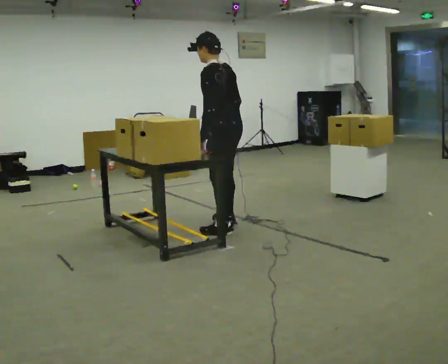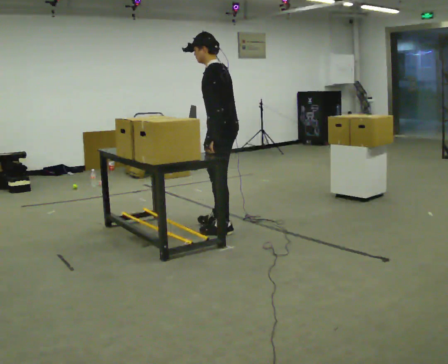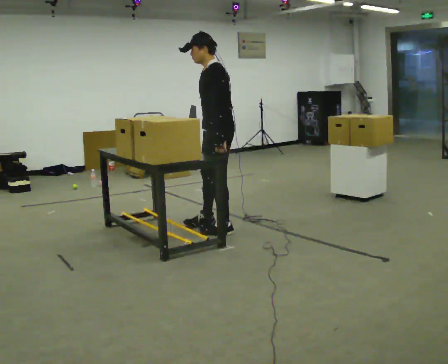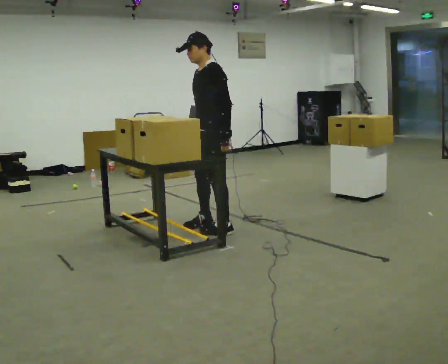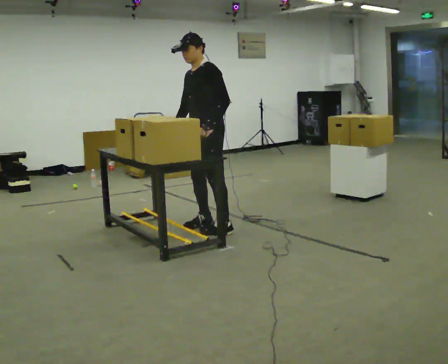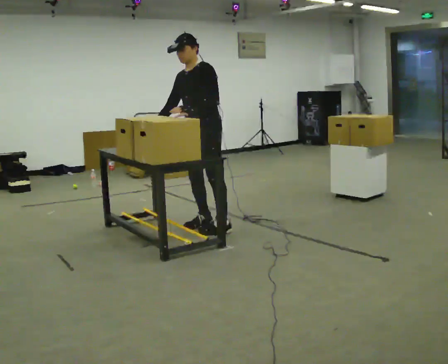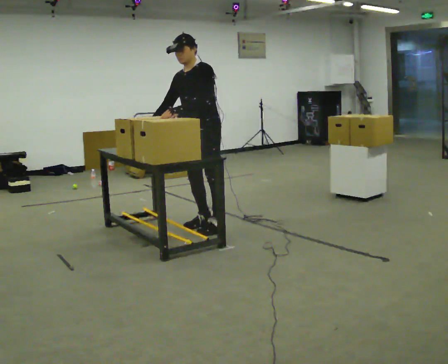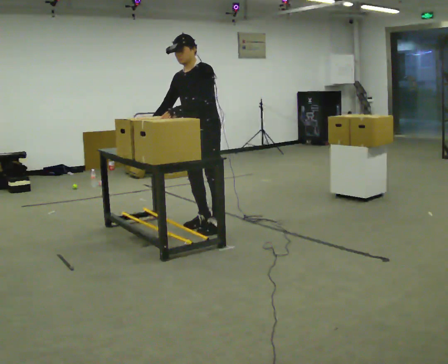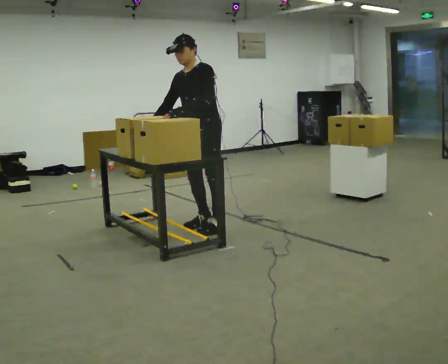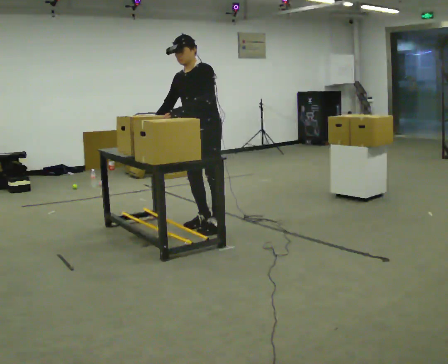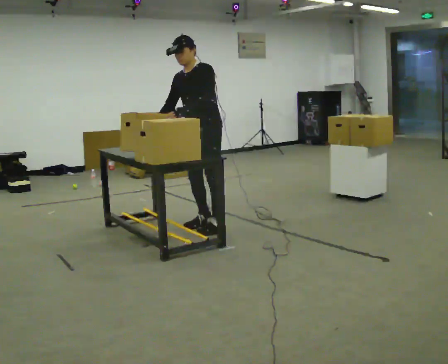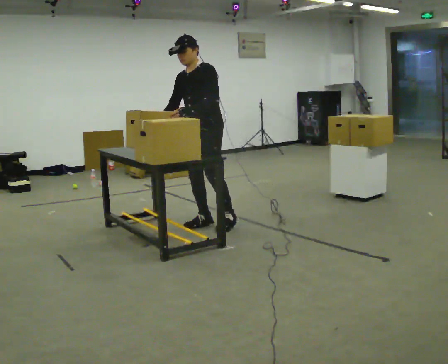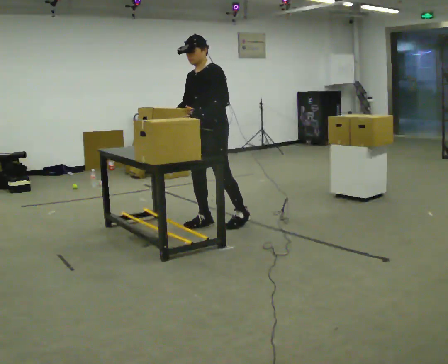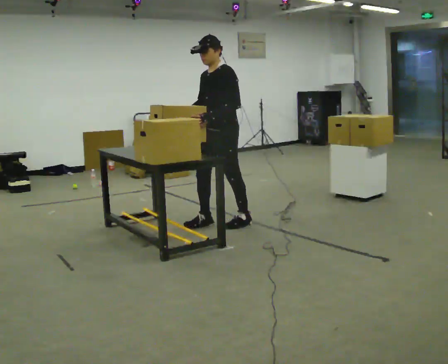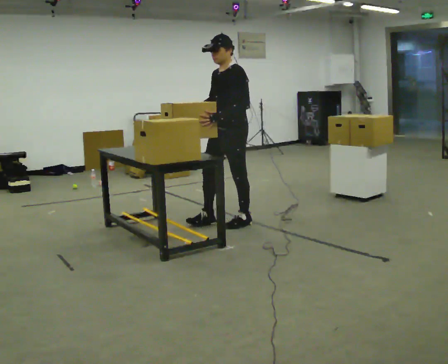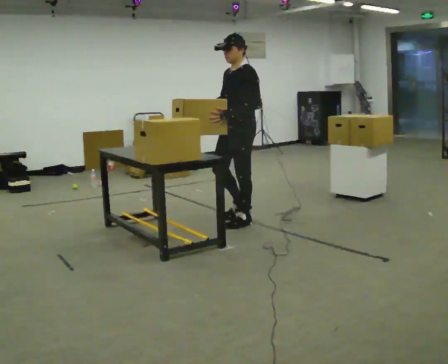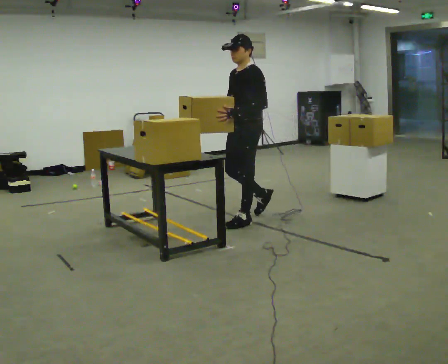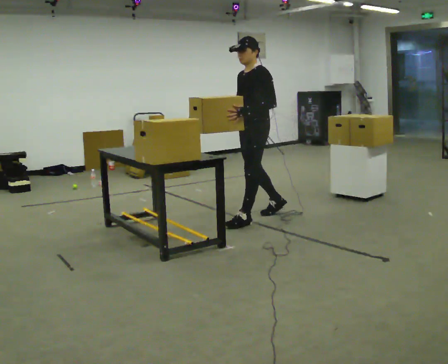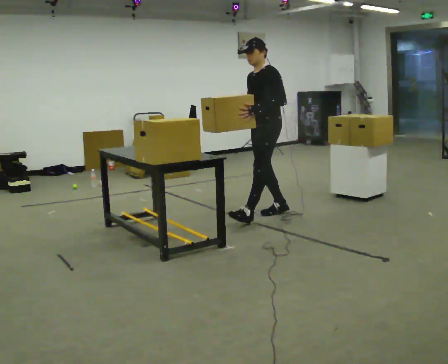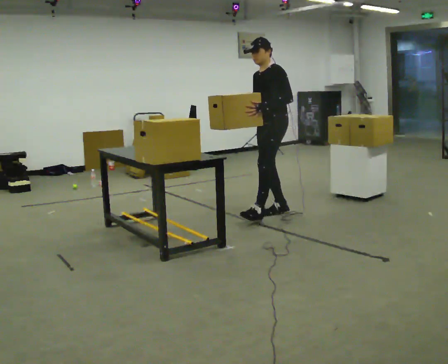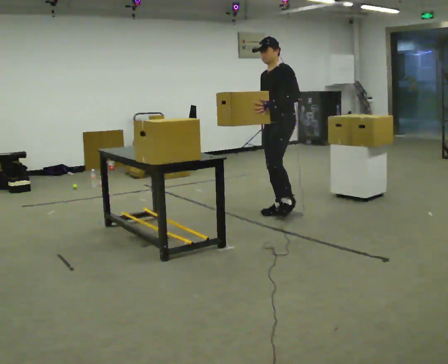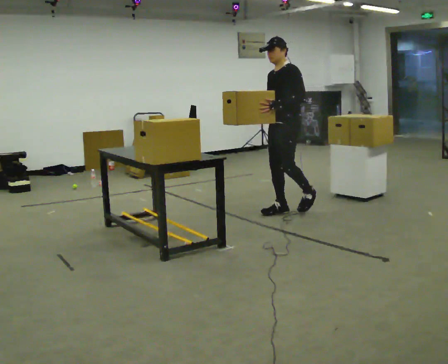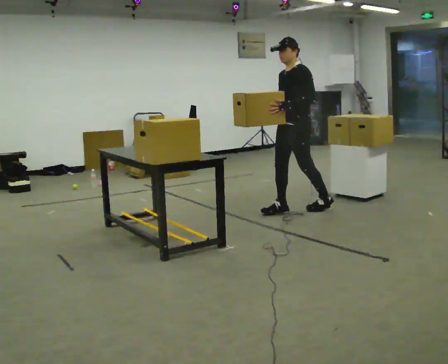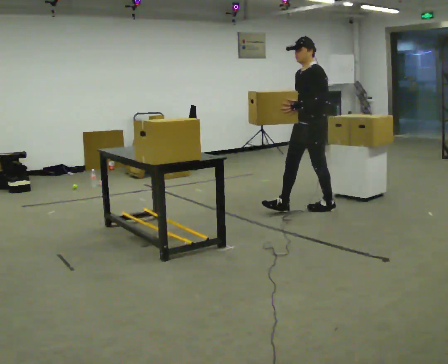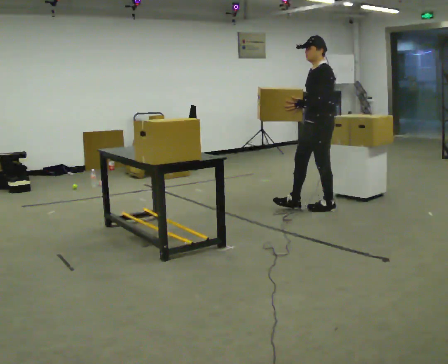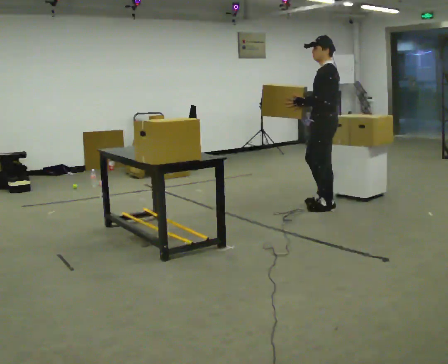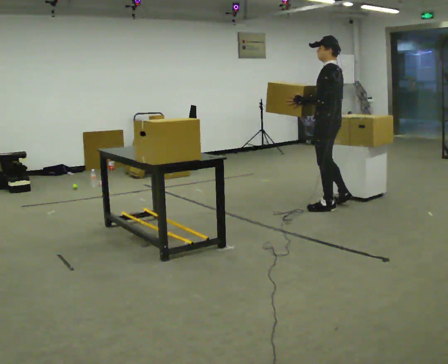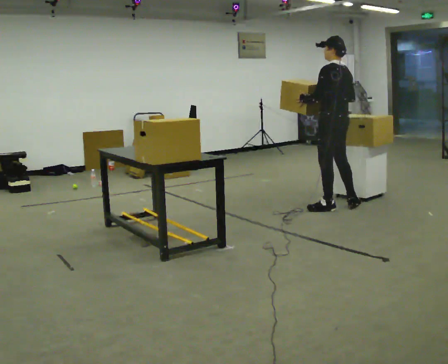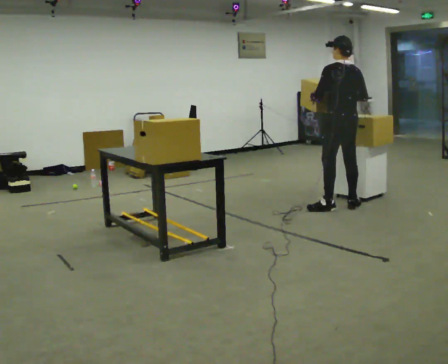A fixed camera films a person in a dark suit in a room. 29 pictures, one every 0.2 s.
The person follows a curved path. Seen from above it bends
clockwise.
0.0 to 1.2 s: The part of the body nearest the lens slides to the right as the person turns to their left by about 75 degrees. In the picture they go to the left, about 0.25 m in 1 step. In the picture their right hand goes to the left, the arm swinging clockwise.
1.2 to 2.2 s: The person moves a little, or ends about where they began.
2.2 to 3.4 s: In the picture they go to the right, about 0.5 m in 1 step, which for them is backward.
3.4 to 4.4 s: In the picture they go to the right and away from the camera, about 0.5 m in 1 step, which for them is backward.
4.4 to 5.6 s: The person turns about 90 degrees to their right, clockwise seen from above, so the part of the body nearest the lens slides to the left. In the picture they go to the right, about 0.5 m in 1 step.
The film runs backward here.
